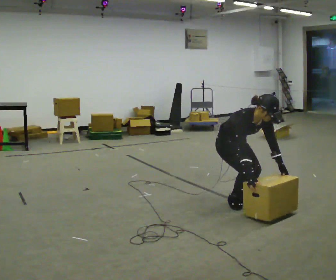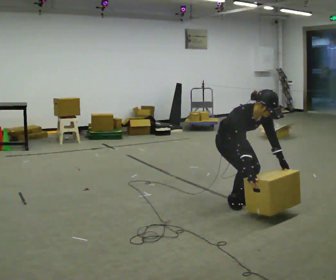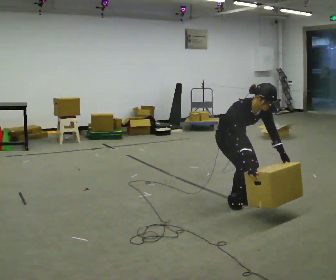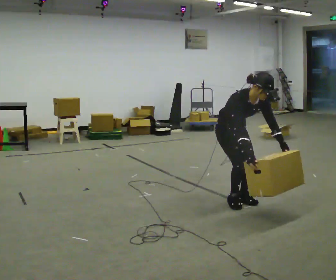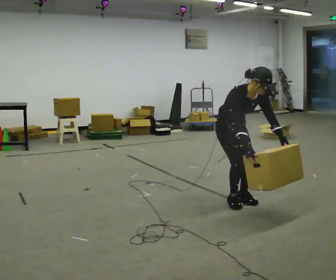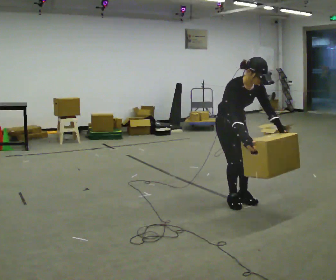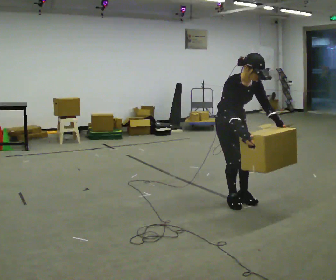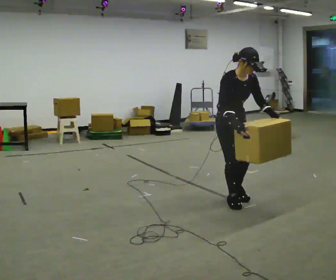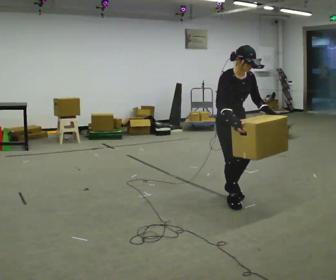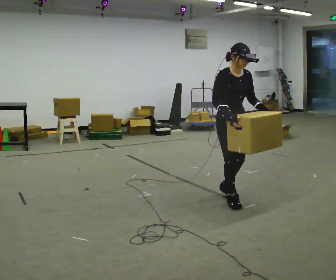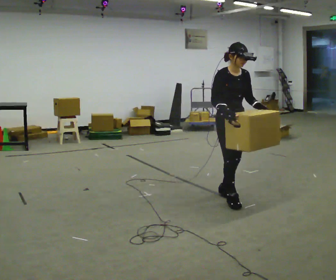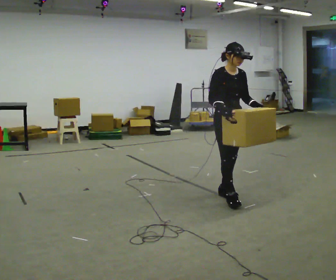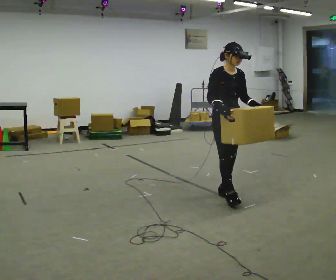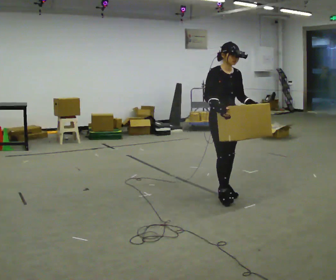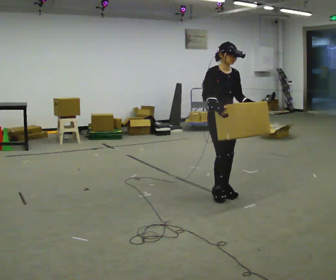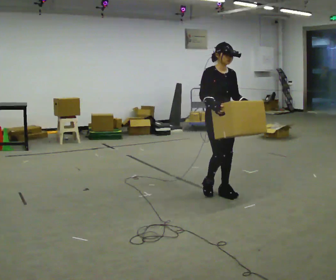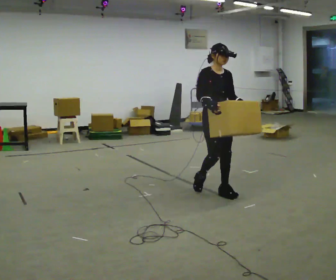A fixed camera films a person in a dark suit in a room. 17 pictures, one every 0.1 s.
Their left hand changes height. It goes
upward.
Their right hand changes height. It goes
upward.
0.0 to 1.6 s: In the picture they go away from the camera and to the left, about 0.25 m in 2 steps, which for them is backward. The shoulders move upward. In the picture the upper body tilts counterclockwise, shoulders to the left, as they lean back or straighten. In the picture their right hand goes upward.
The film runs backward here.
